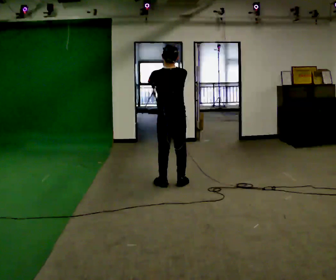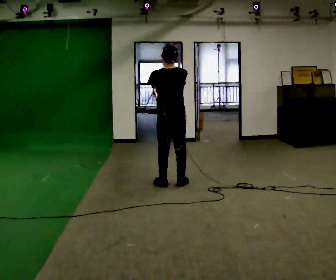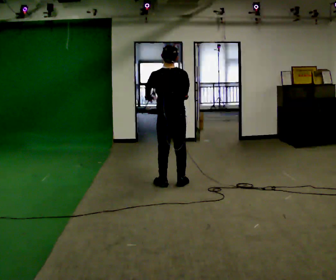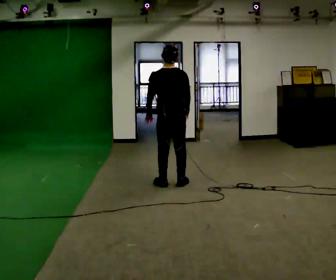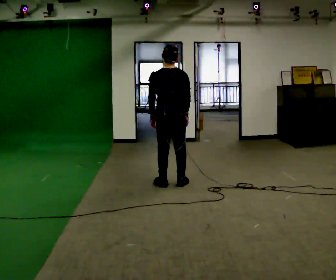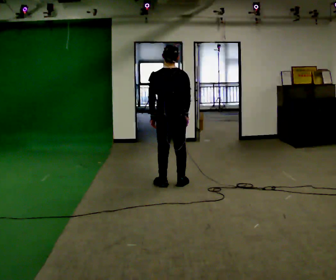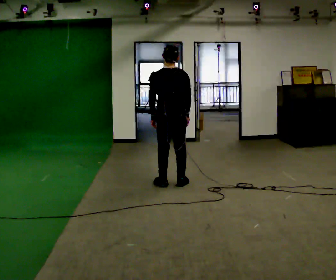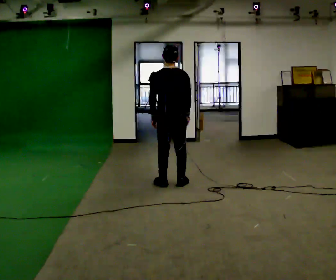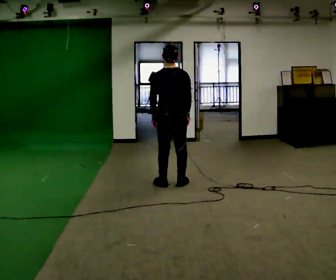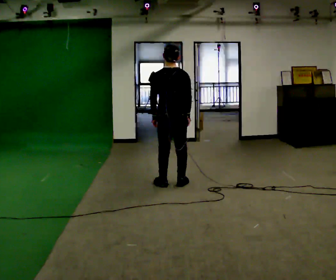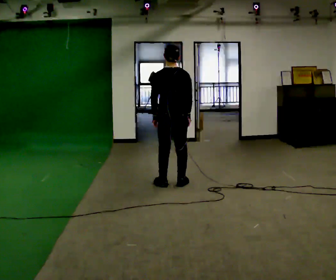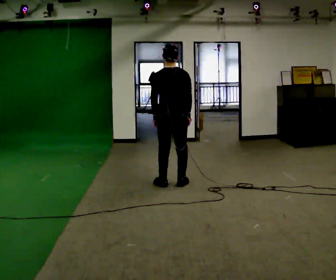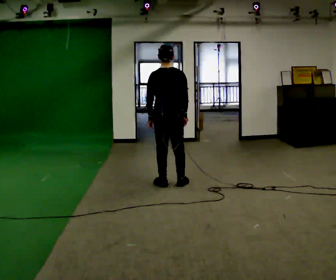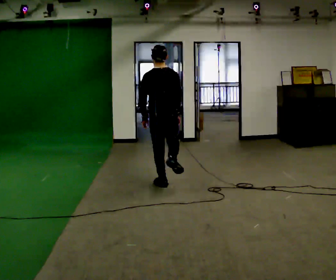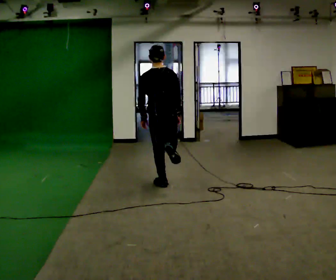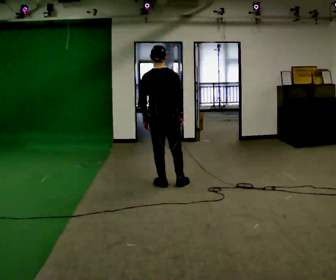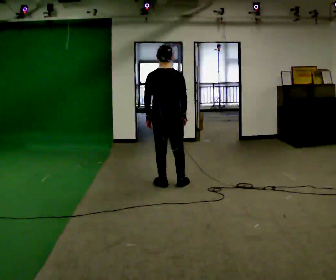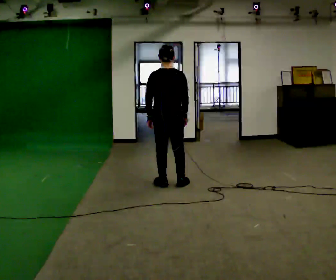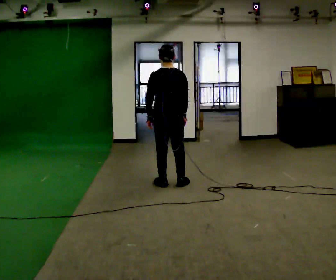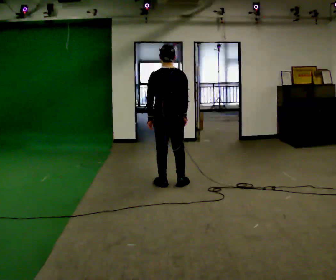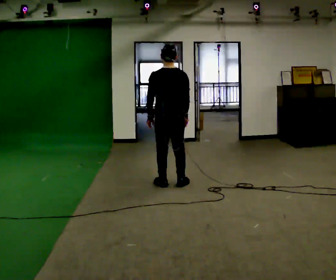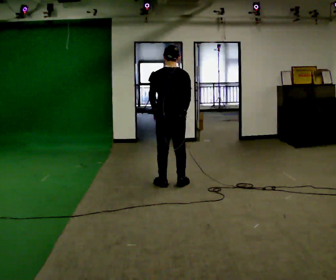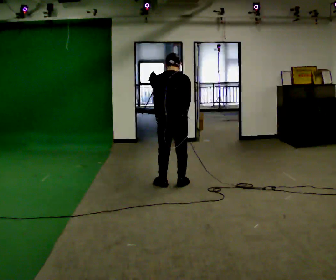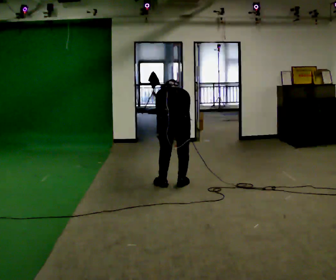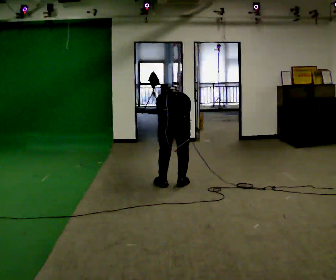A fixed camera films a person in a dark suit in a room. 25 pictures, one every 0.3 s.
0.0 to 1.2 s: In the picture their left hand goes downward.
1.2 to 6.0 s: The person moves a little, or ends about where they began.
6.0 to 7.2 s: In the picture they go toward the camera, about 0.25 m, which for them is backward. The shoulders move downward. The upper body tips away from the camera, its near side rolling upward, as they bend forward. In the picture their right hand goes downward.
The film runs backward here.
